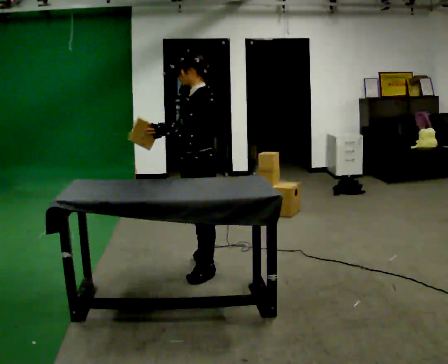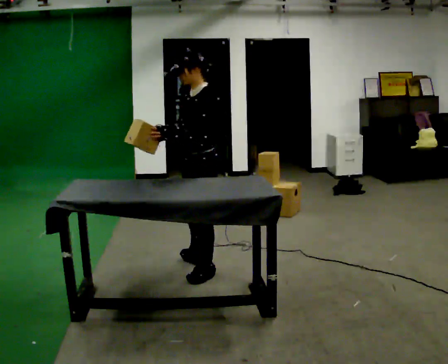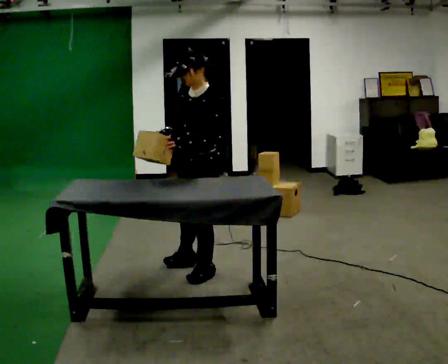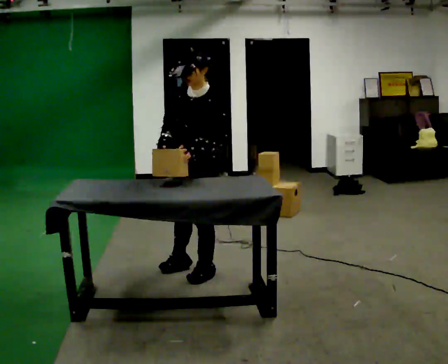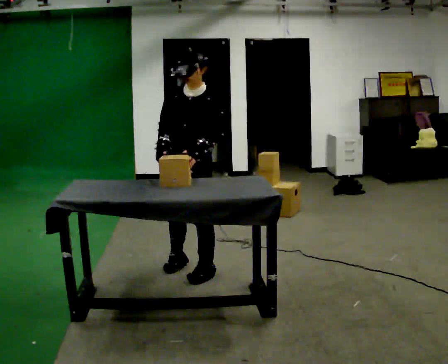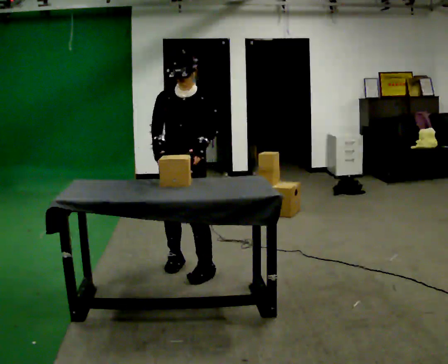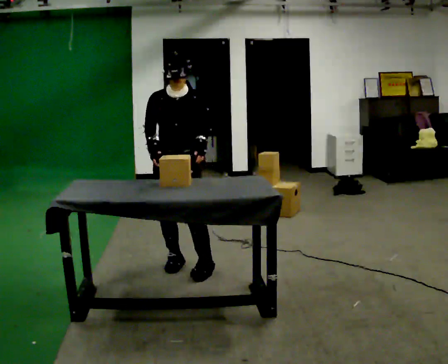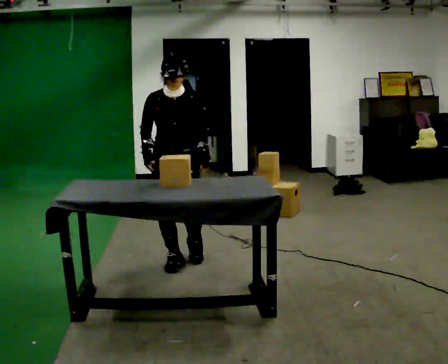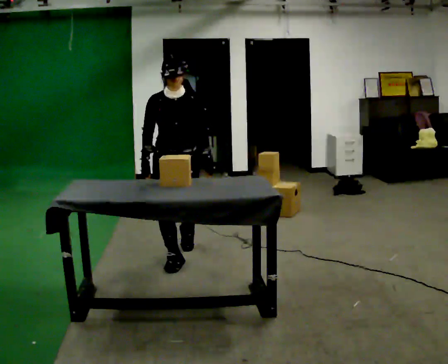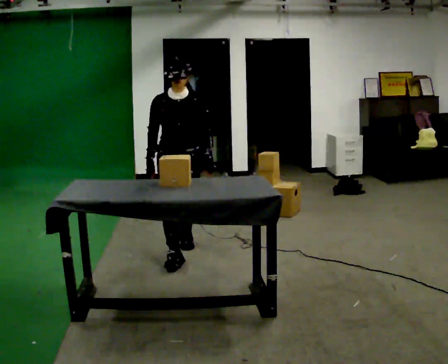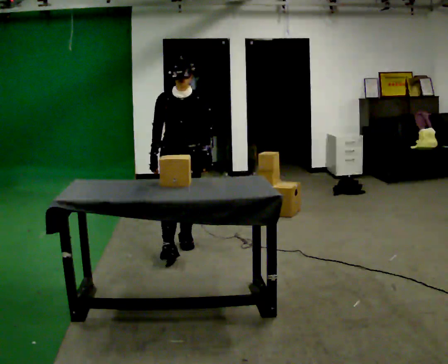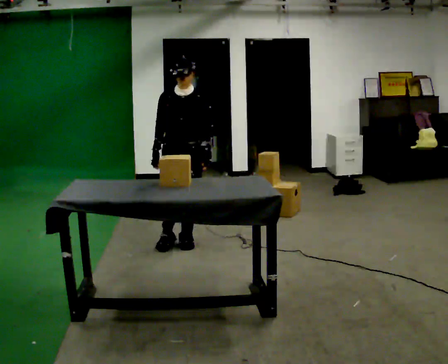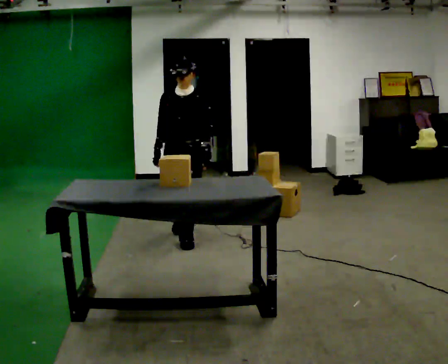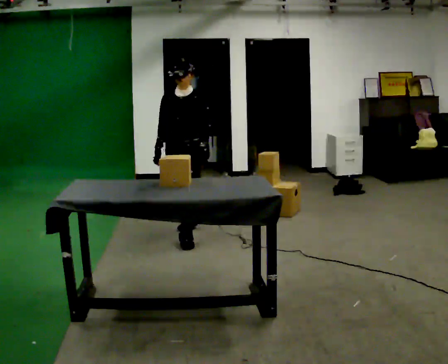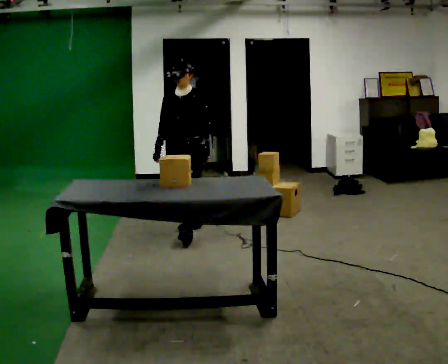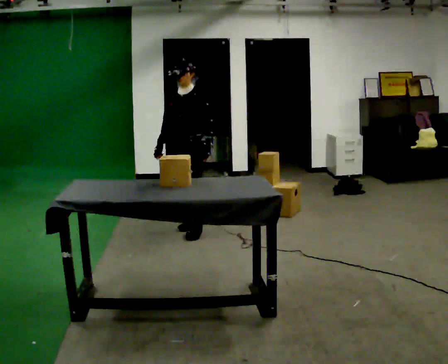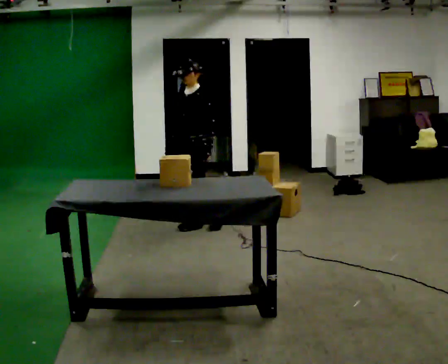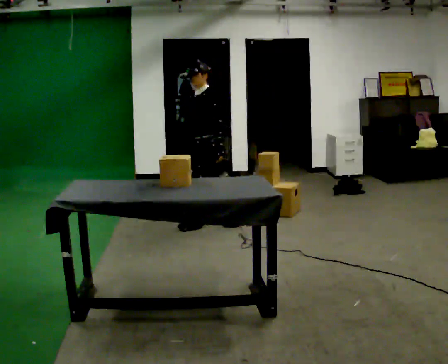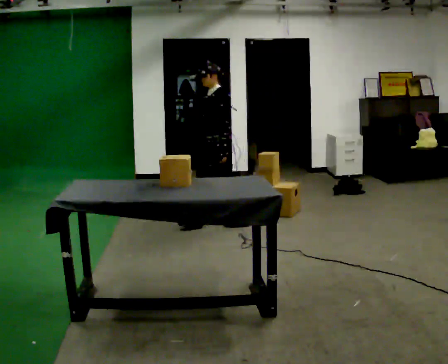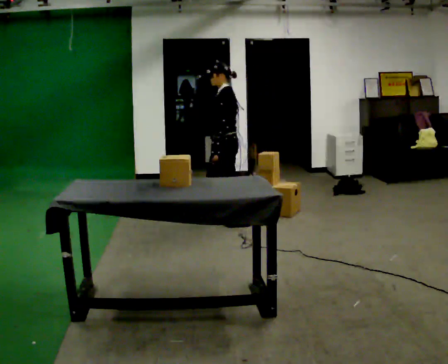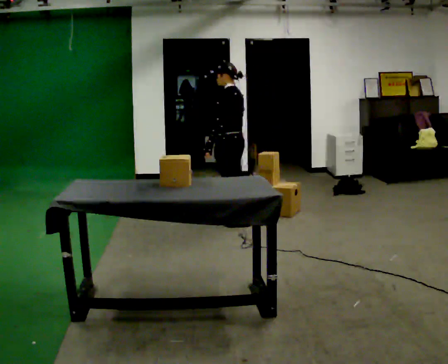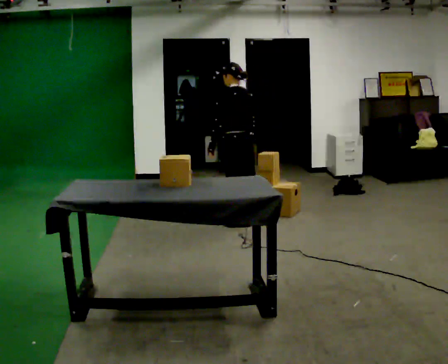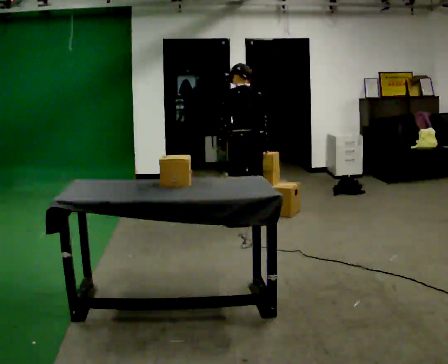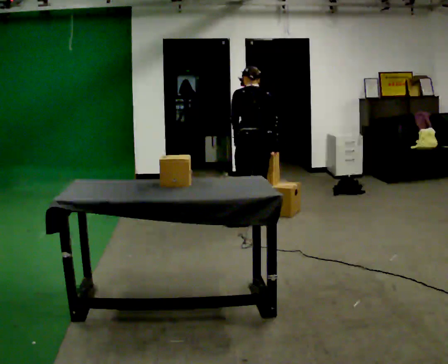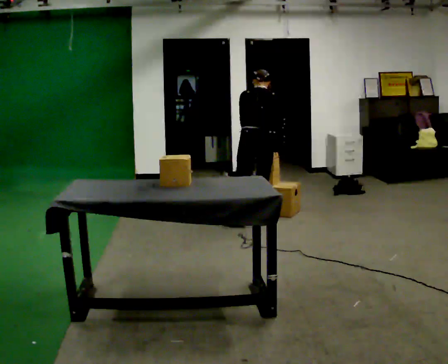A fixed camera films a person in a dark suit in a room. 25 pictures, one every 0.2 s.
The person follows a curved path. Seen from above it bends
clockwise.
The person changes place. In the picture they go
away from the camera.
0.0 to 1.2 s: The part of the body nearest the lens slides to the right as the person turns to their left by about 90 degrees. In the picture they go to the left, about 0.25 m in 1 step.
1.2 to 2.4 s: In the picture they go away from the camera, about 0.5 m in 1 step, which for them is backward.
2.4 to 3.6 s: Seen from above the body turns clockwise, about 60 degrees: to their right, with its near side sliding to the left. In the picture they go away from the camera and to the right, about 0.5 m in 1 step, which for them is backward.
3.6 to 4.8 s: Seen from above the body turns clockwise, about 105 degrees: to their right, with its near side sliding to the left. In the picture they go to the right, about 0.5 m in 2 steps. The upper body tips away from the camera, its near side rolling upward, as they bend forward.
The film runs backward here.
